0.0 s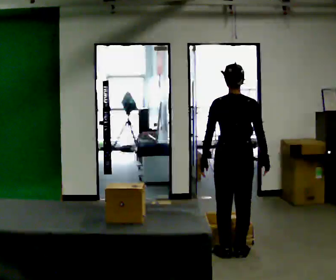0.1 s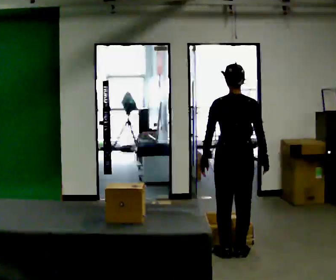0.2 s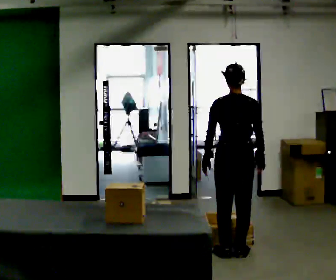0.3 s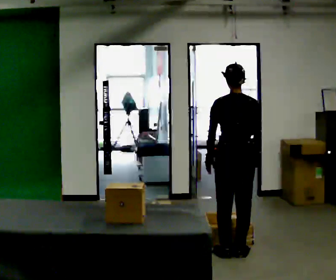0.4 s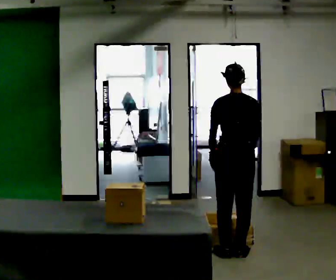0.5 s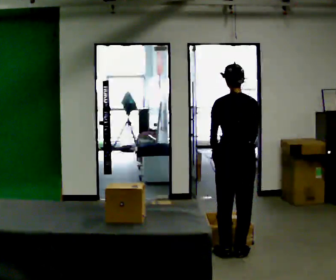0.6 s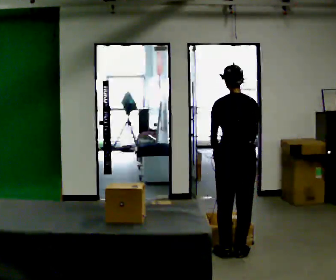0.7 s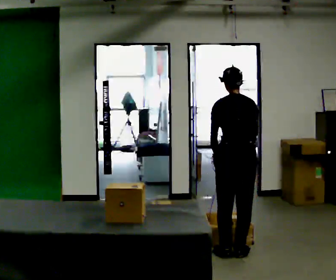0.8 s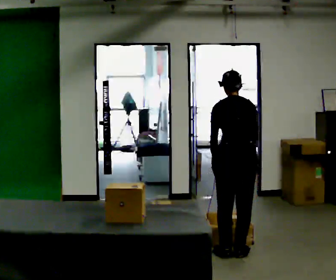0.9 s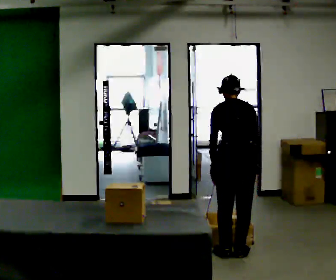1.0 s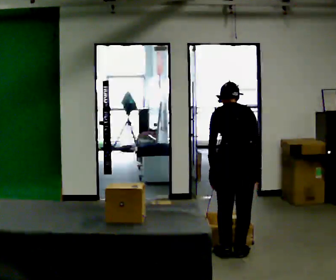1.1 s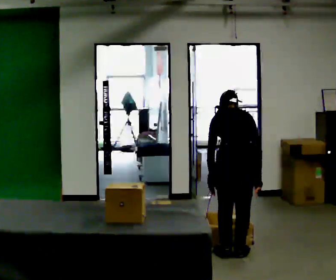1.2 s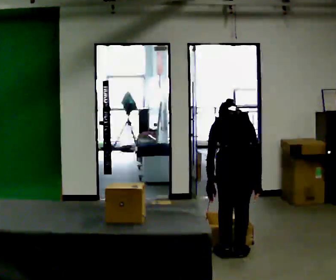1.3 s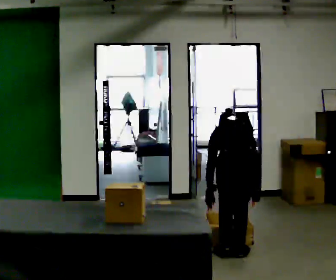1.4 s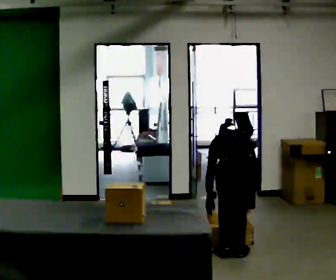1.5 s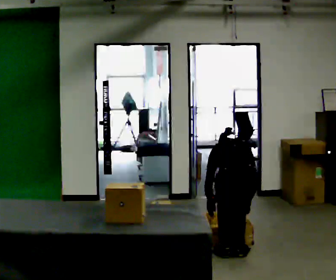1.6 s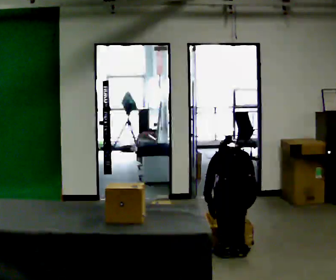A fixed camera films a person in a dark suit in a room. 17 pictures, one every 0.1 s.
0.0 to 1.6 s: In the picture they go toward the camera, about 0.25 m, which for them is backward. The shoulders move downward. The upper body tips away from the camera, its near side rolling upward, as they bend forward. In the picture their right hand goes downward.
The film runs backward here.
